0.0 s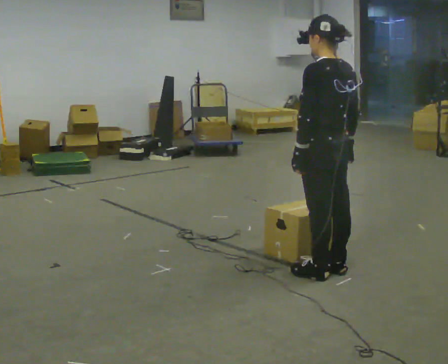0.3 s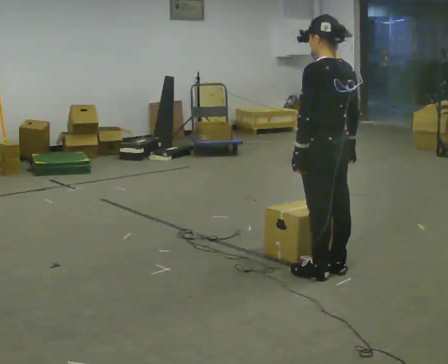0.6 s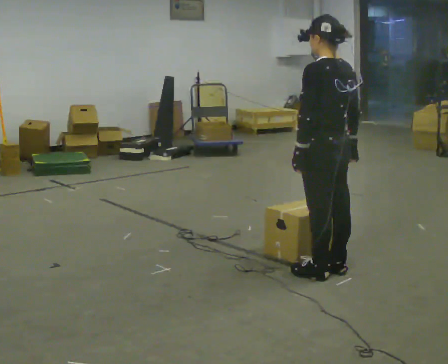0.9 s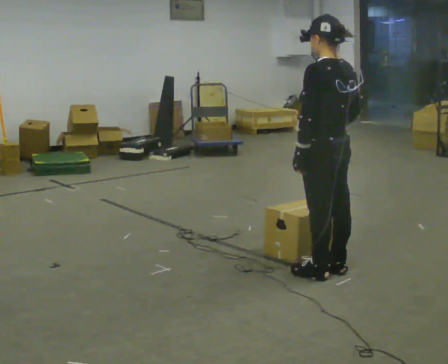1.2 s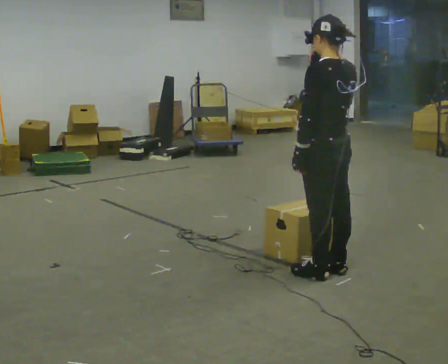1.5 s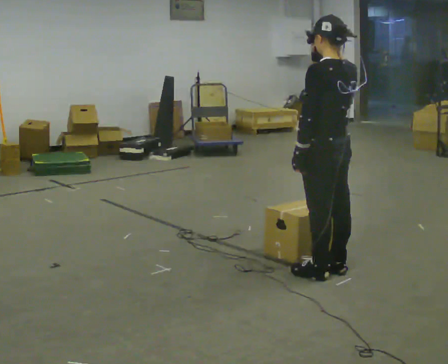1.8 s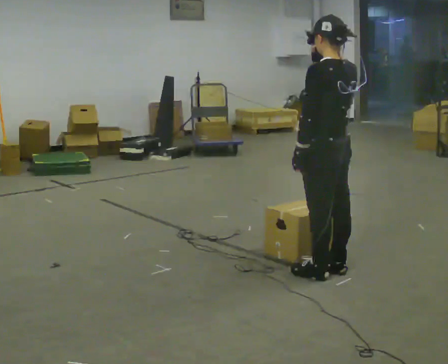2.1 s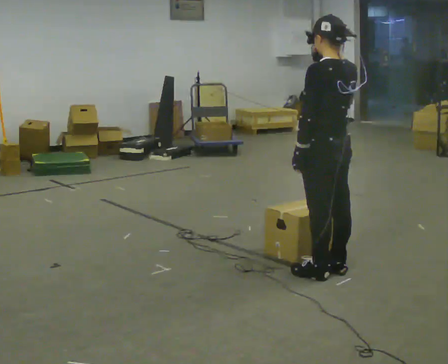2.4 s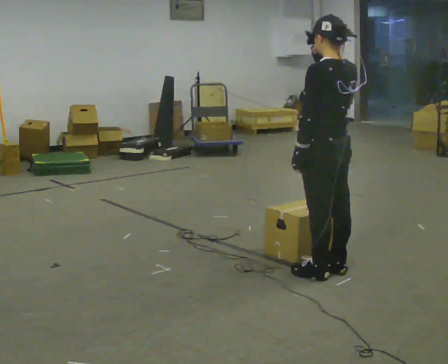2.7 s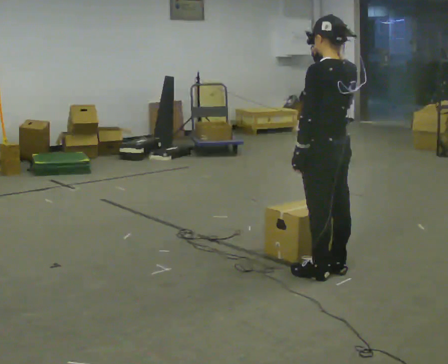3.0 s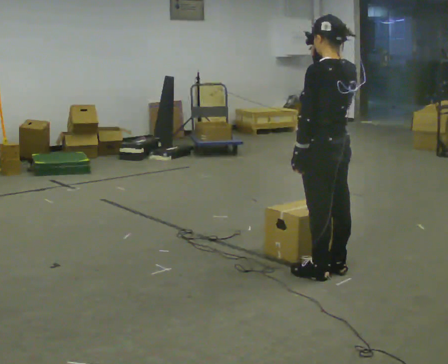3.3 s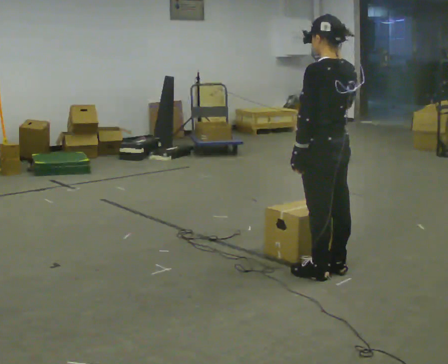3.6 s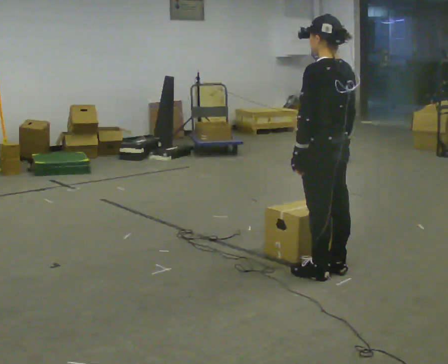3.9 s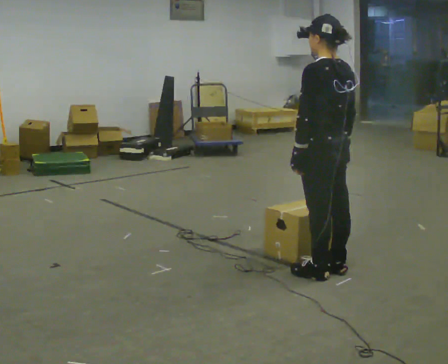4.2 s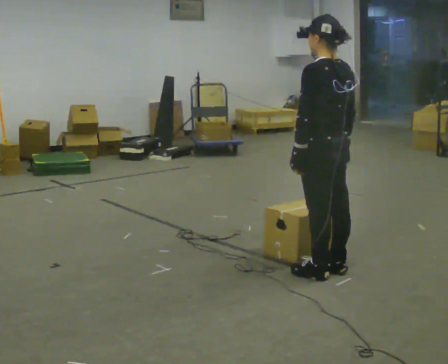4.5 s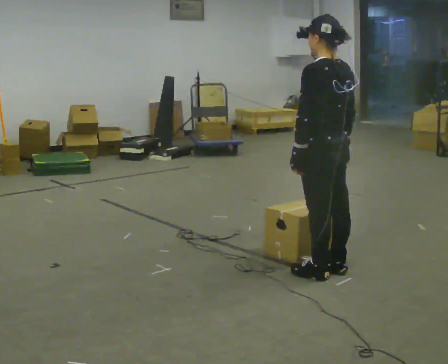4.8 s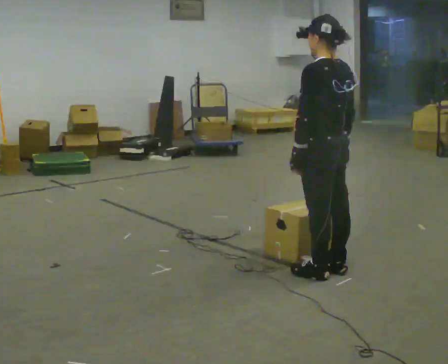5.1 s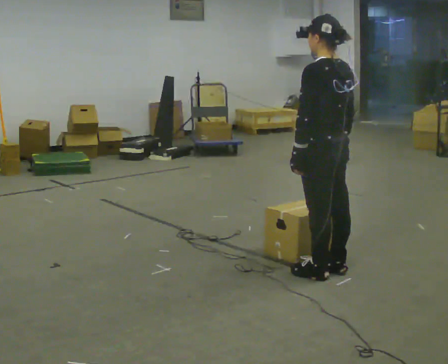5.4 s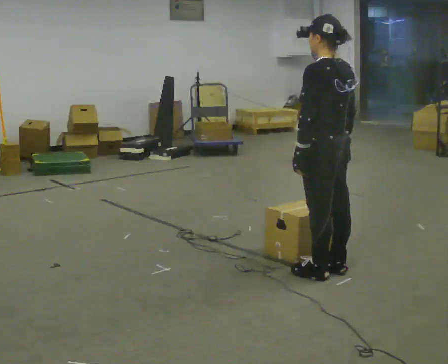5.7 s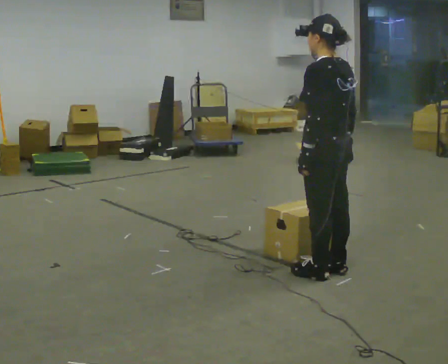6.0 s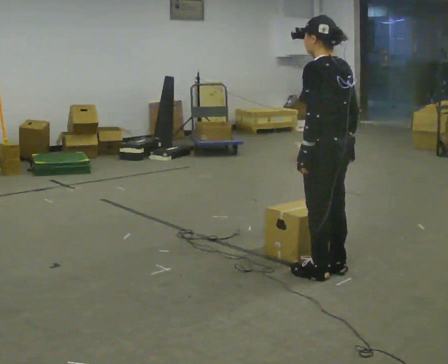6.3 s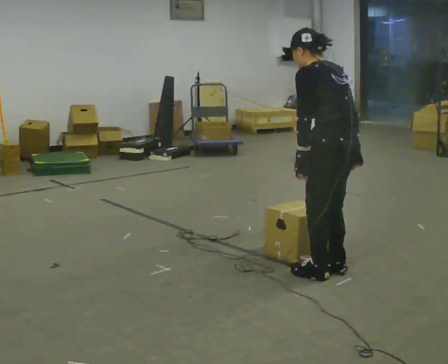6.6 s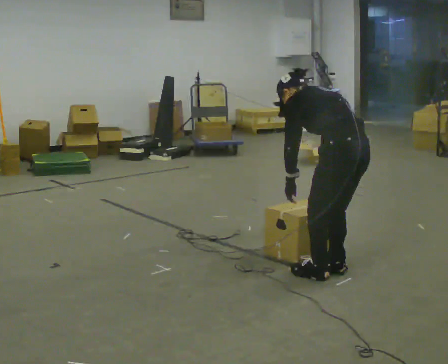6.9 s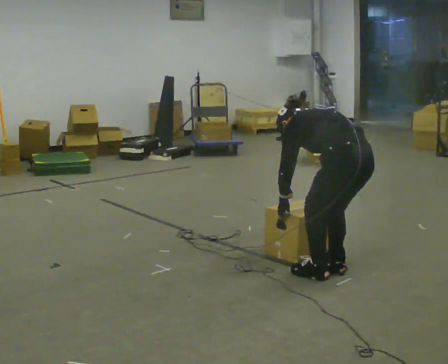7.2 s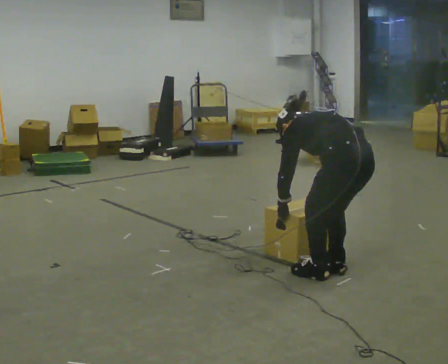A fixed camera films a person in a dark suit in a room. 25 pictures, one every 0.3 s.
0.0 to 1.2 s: In the picture their right hand goes upward.
1.2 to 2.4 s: The person moves a little, or ends about where they began.
2.4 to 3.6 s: In the picture their right hand goes downward.
3.6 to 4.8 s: The person keeps their place and pose.
4.8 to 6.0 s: The person moves a little, or ends about where they began.
6.0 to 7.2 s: The upper body goes downward. The upper body tips away from the camera, its near side rolling upward, as they bend forward. In the picture their left hand goes downward.
The film runs backward here.
